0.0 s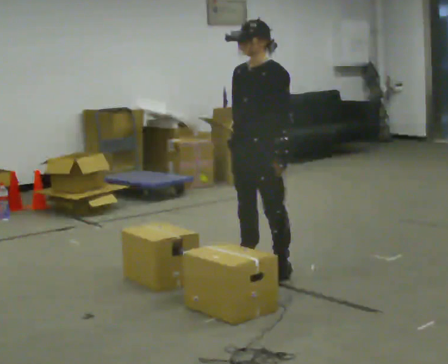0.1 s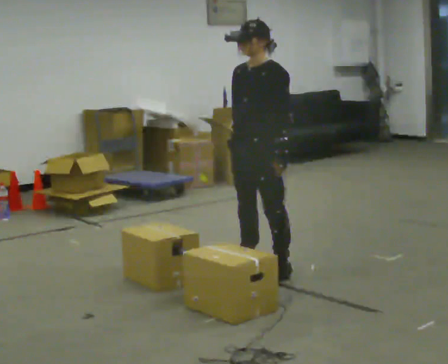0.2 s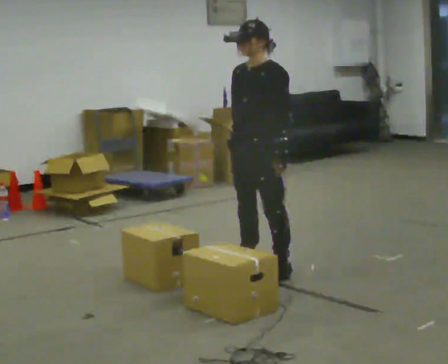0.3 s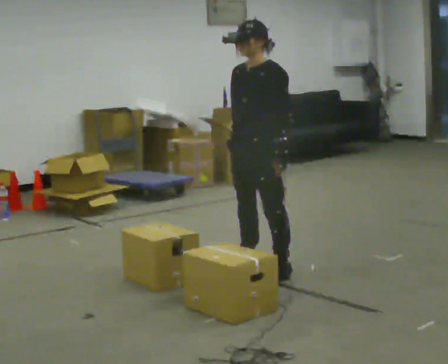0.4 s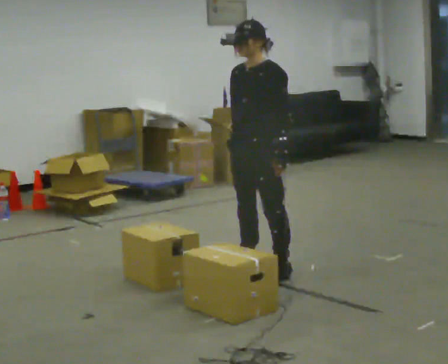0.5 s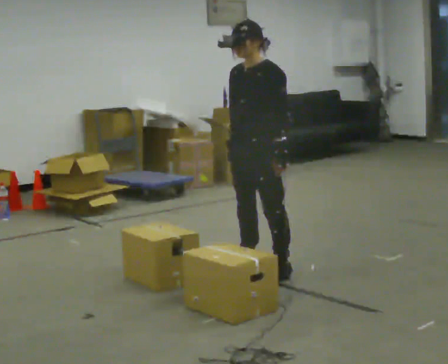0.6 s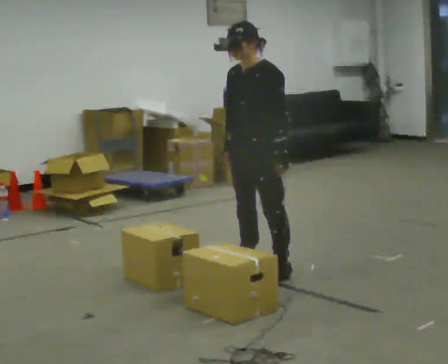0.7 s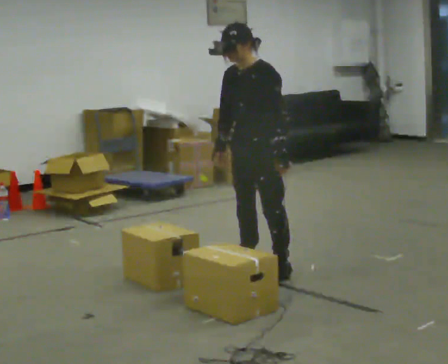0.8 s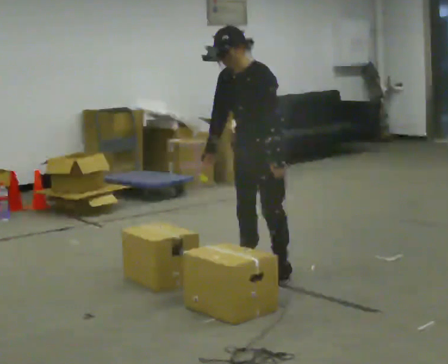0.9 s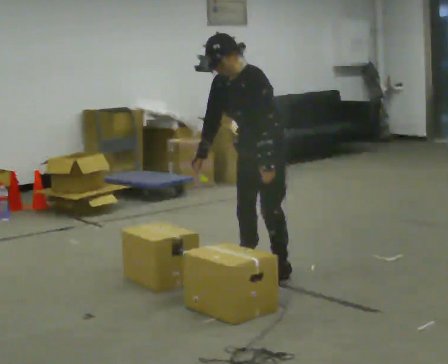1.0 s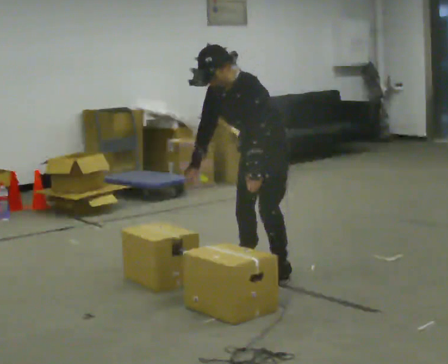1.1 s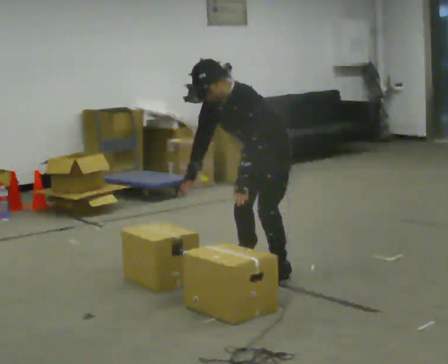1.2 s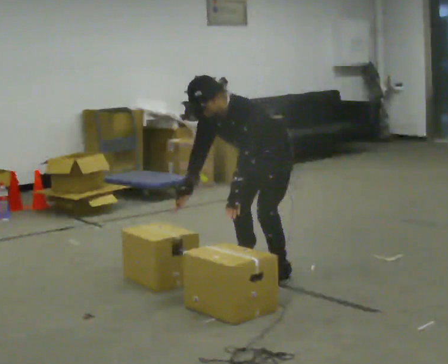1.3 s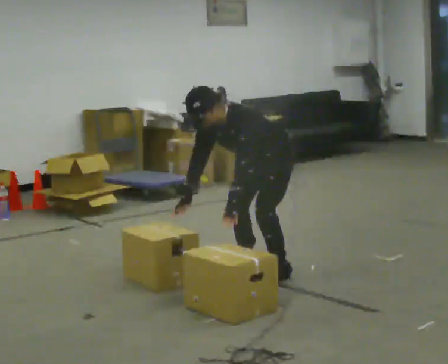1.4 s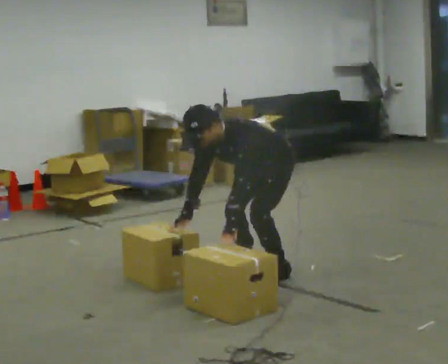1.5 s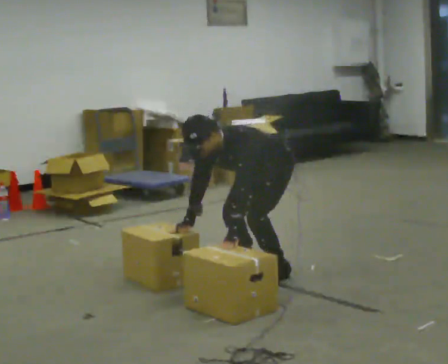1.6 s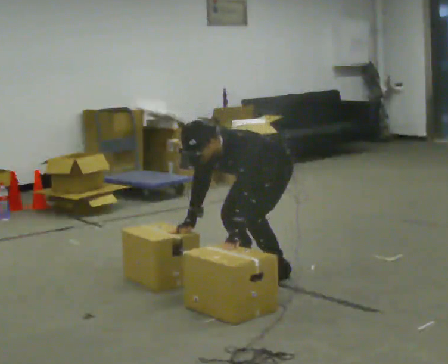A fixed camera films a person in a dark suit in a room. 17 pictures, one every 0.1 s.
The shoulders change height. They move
downward.
The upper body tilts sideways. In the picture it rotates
counterclockwise.
0.0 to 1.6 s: The shoulders move downward. In the picture the upper body tilts counterclockwise, shoulders to the left, as they bend forward. In the picture their right hand goes downward and to the left.
The film runs forward here.
